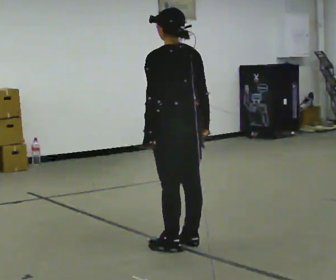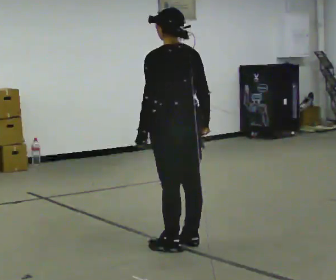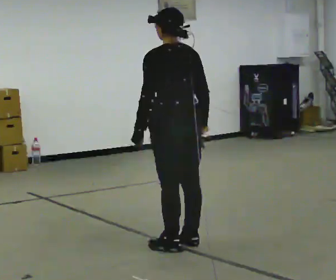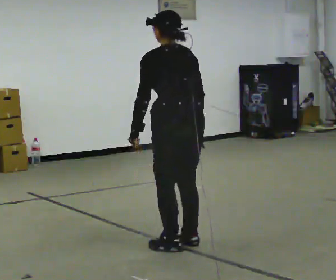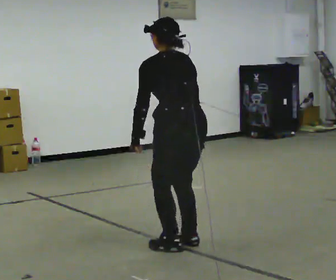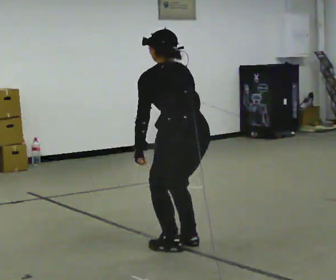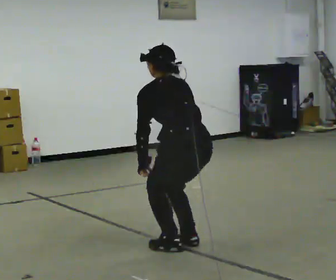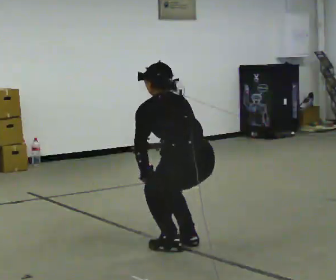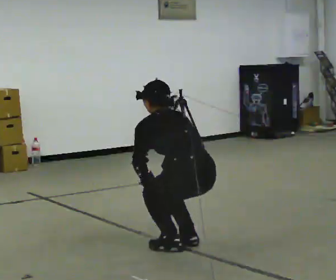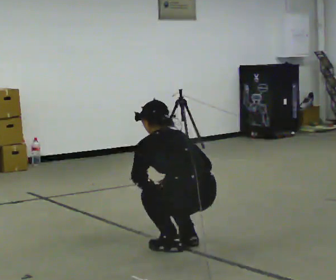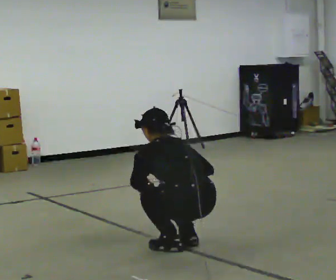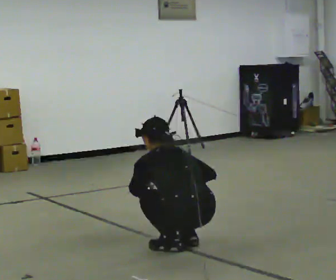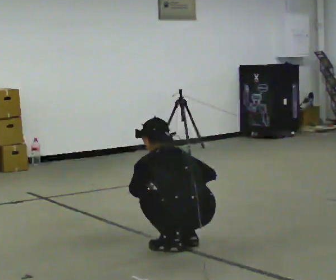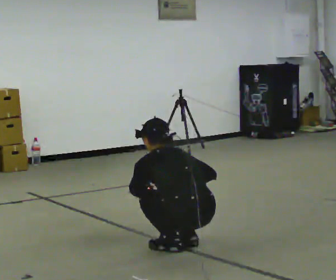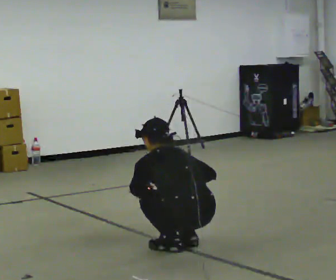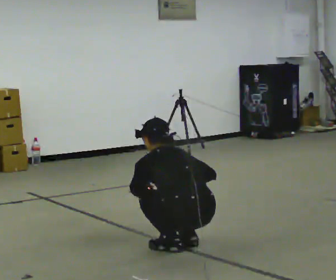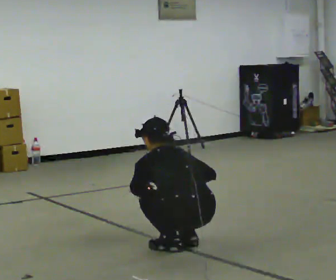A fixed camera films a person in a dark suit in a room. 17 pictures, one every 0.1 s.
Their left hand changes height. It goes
downward.
The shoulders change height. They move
downward.
0.0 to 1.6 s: The shoulders move downward. The upper body tips away from the camera, its near side rolling upward, as they bend forward. In the picture their left hand goes downward.
The film runs backward here.
